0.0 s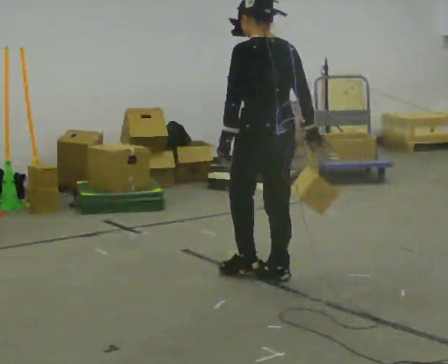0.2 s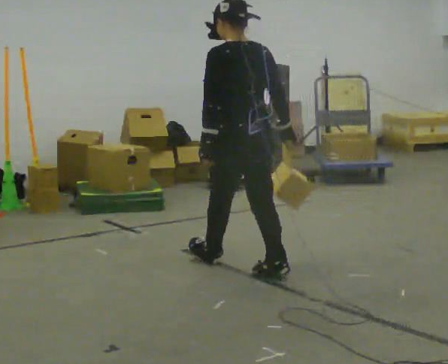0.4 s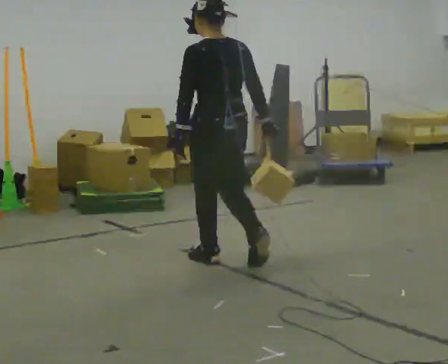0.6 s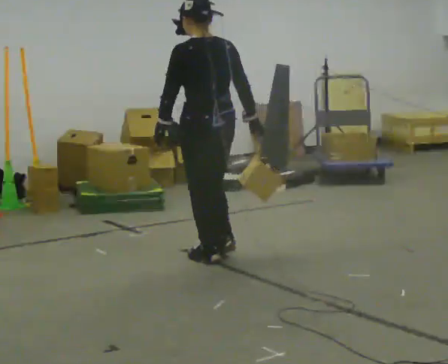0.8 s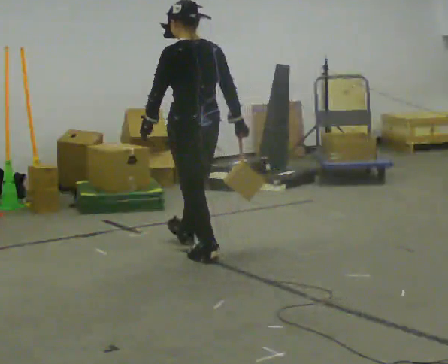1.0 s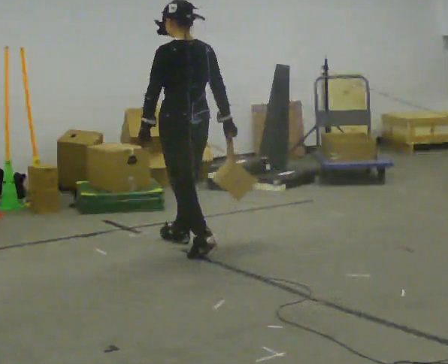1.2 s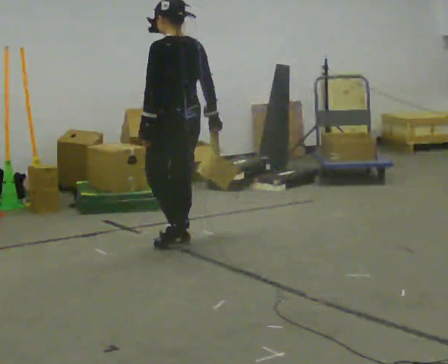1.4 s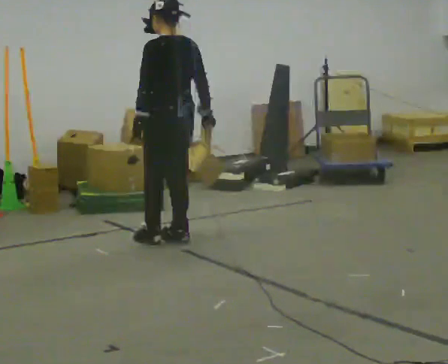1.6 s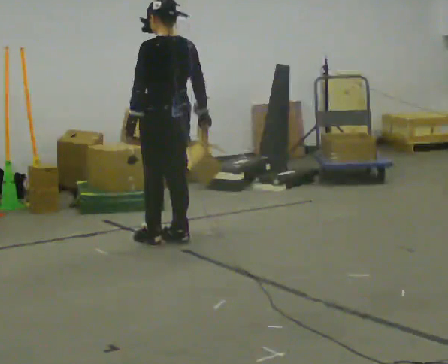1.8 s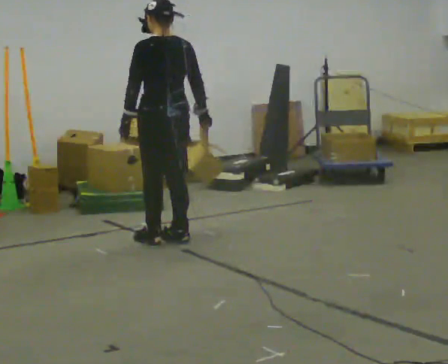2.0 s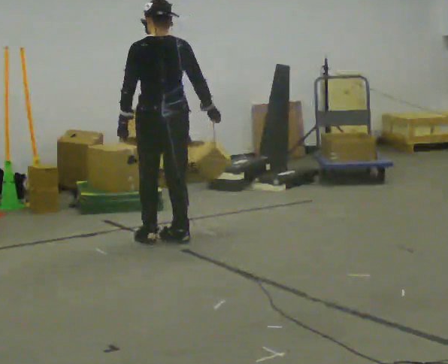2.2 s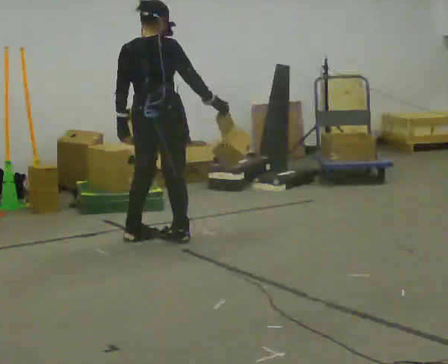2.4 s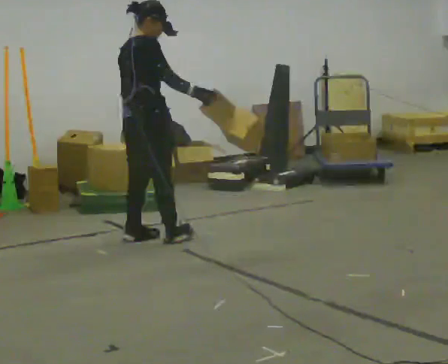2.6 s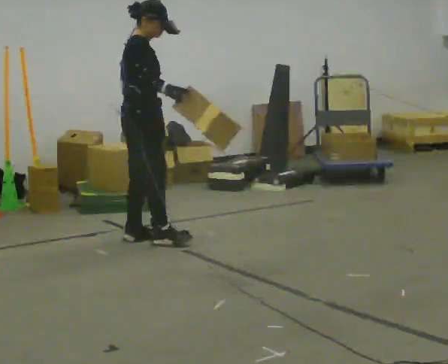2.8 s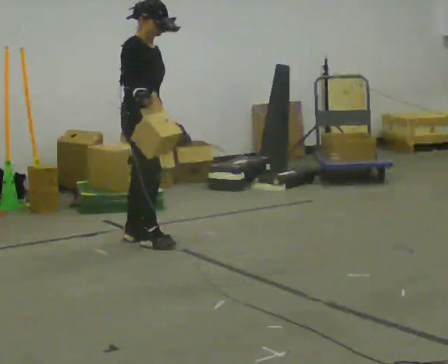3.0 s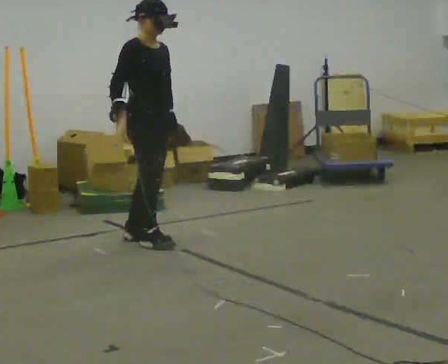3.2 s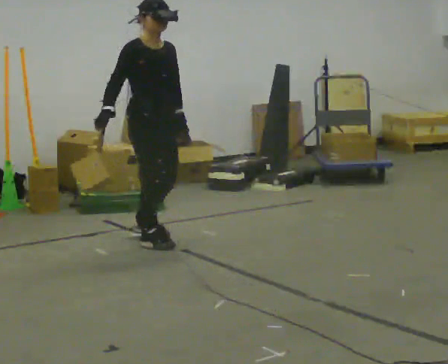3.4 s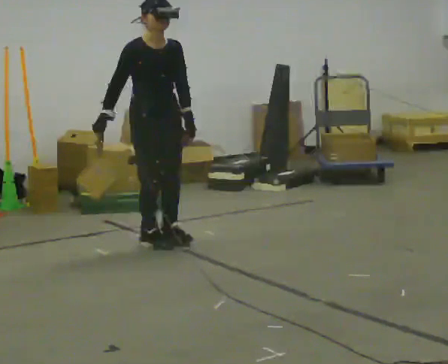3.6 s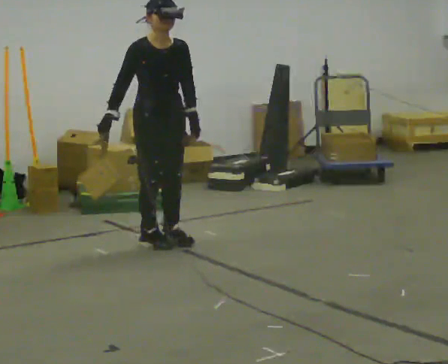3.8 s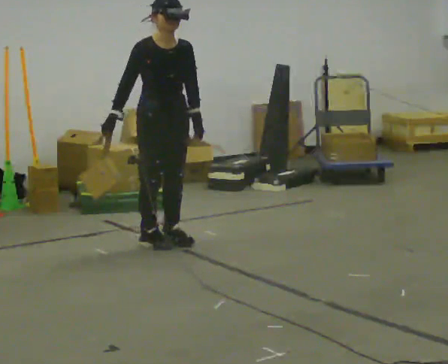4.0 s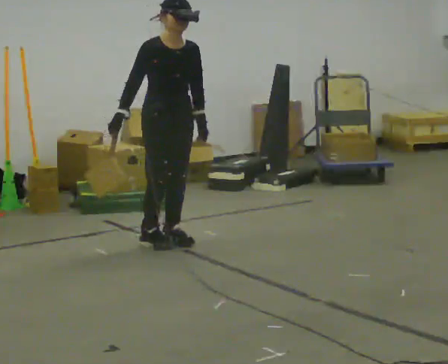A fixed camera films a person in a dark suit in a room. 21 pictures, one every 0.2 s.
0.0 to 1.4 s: In the picture they go away from the camera and to the left, about 1 m in 3 steps, which for them is forward.
1.4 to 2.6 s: The person turns about 120 degrees to their right, clockwise seen from above, so the part of the body nearest the lens slides to the left. In the picture they go to the left, about 0.25 m in 1 step.
2.6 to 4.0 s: Seen from above the body turns clockwise, about 60 degrees: to their right, with its near side sliding to the left. In the picture they go to the right, about 0.25 m in 2 steps.
The film runs forward here.
